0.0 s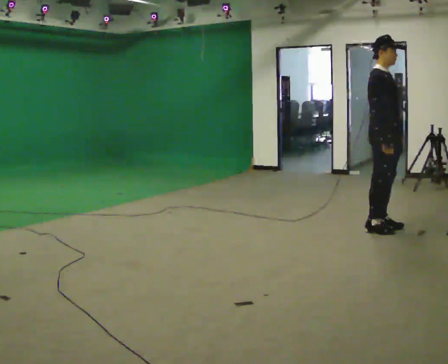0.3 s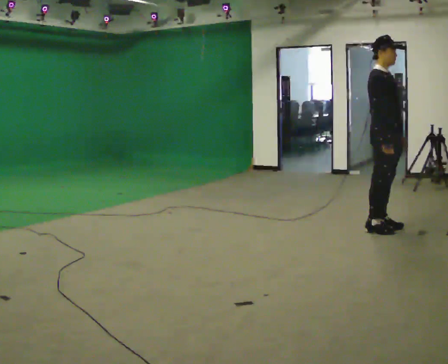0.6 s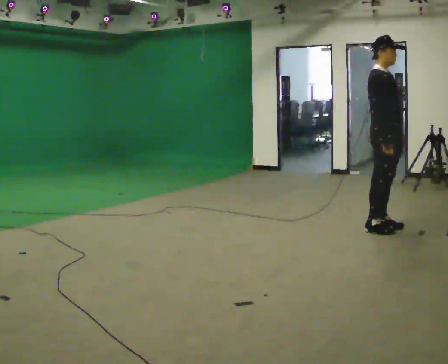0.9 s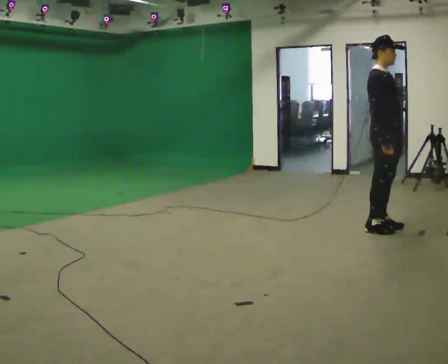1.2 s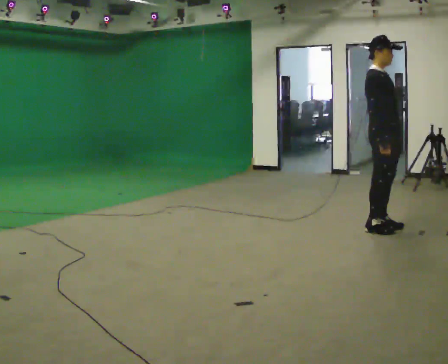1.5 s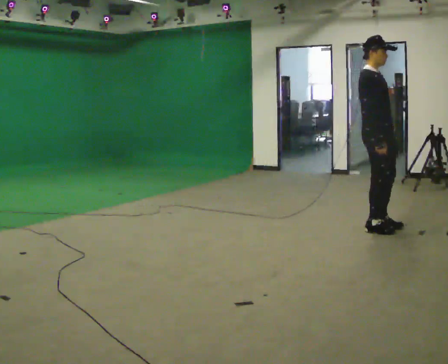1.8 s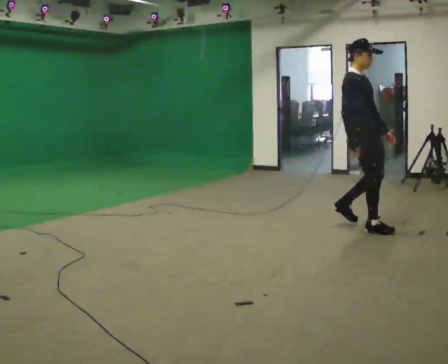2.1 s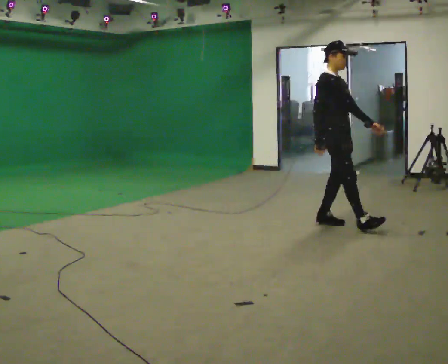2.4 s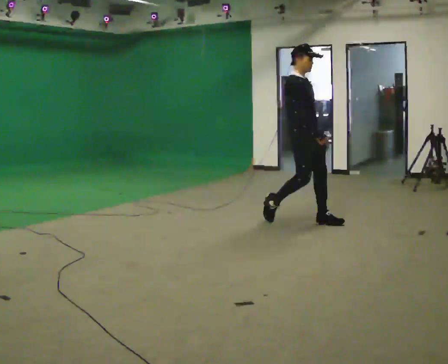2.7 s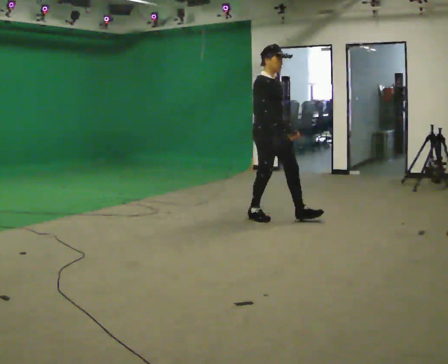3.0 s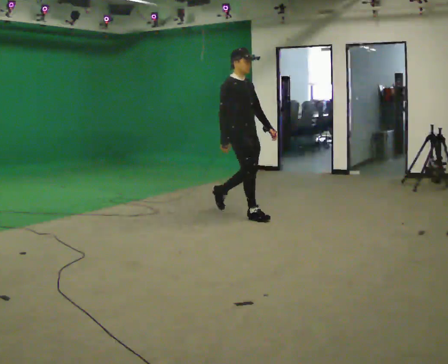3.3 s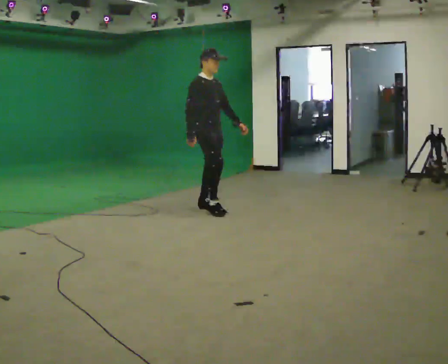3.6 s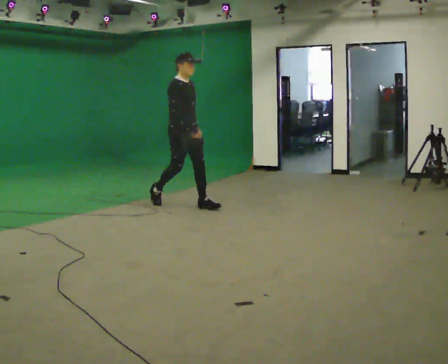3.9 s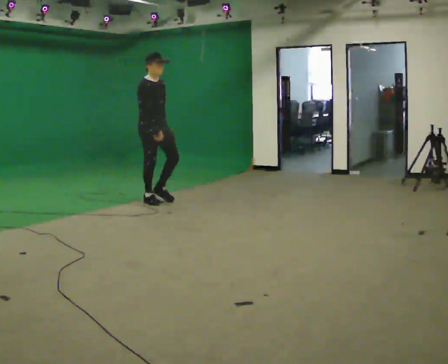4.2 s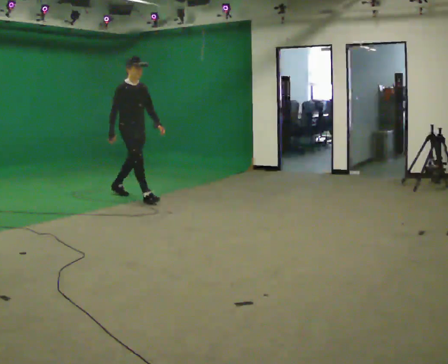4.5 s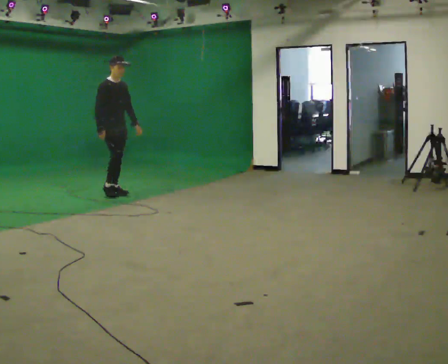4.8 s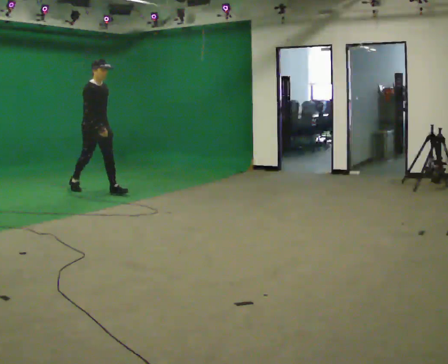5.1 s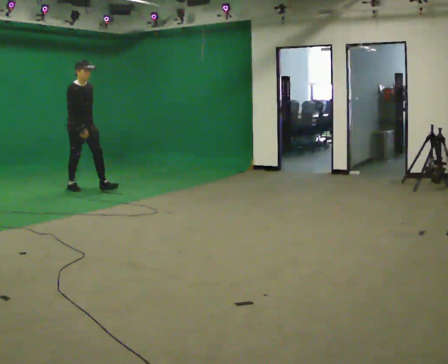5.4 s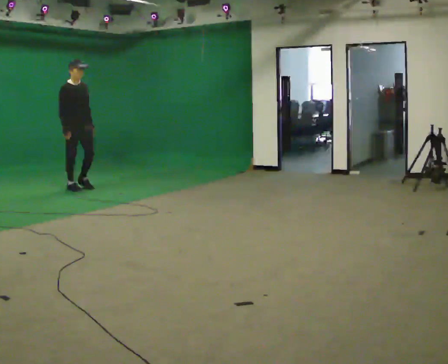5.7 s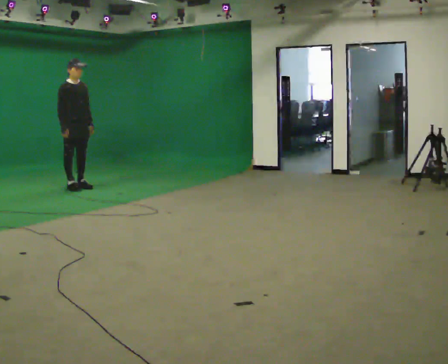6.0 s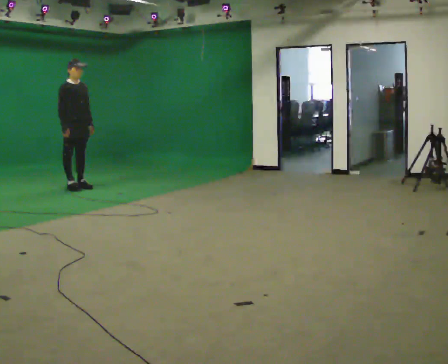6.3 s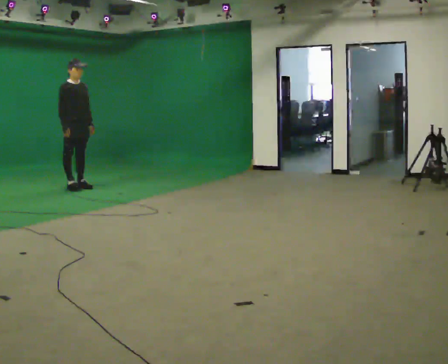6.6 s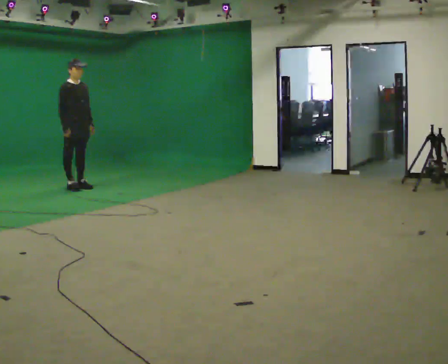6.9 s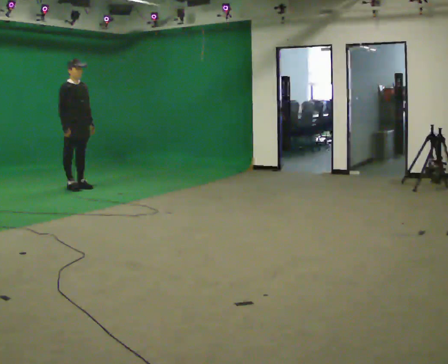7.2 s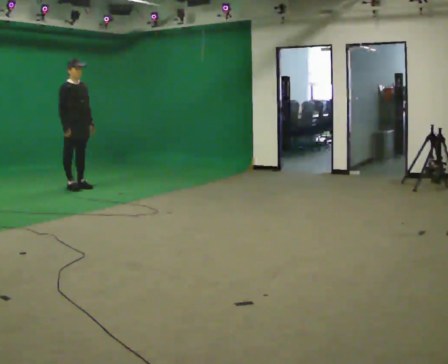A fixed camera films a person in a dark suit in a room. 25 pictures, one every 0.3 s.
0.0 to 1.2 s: The person moves a little, or ends about where they began.
1.2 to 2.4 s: In the picture they go to the left and away from the camera, about 1 m in 2 steps, which for them is backward.
2.4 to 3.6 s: In the picture they go to the left and away from the camera, about 1.5 m in 2 steps, which for them is backward.
3.6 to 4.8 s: In the picture they go to the left and away from the camera, about 1.5 m in 2 steps, which for them is backward.
4.8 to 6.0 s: In the picture they go to the left and away from the camera, about 0.5 m in 1 step, which for them is backward.
6.0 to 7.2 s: The person keeps their place and pose.
The film runs backward here.
